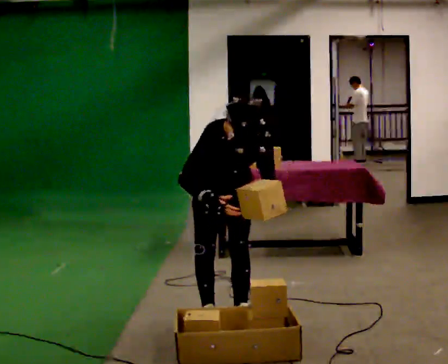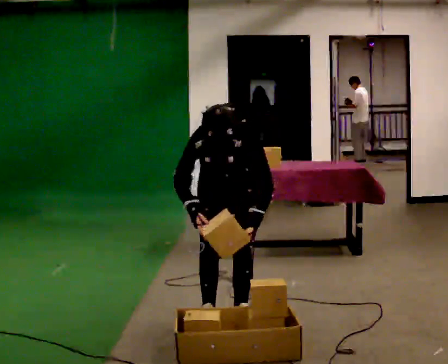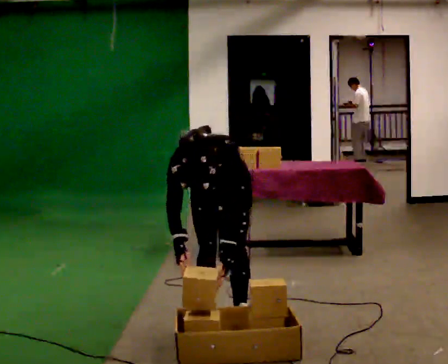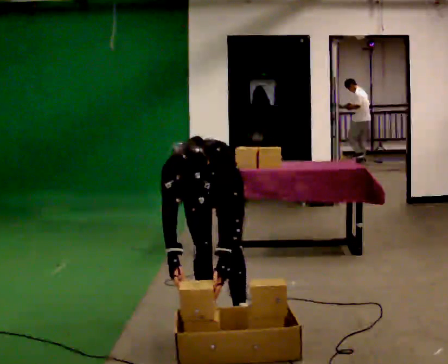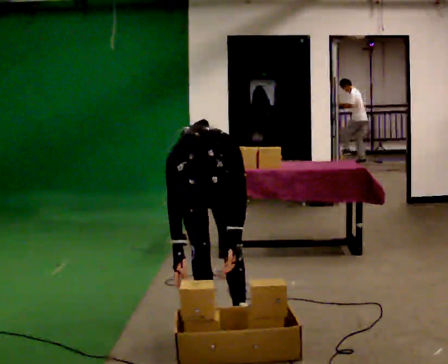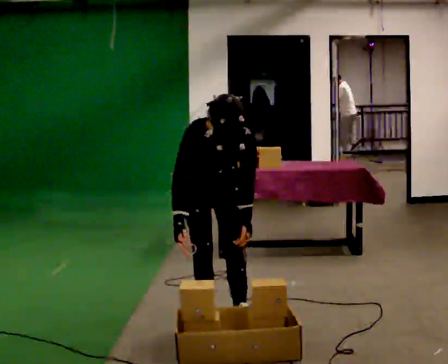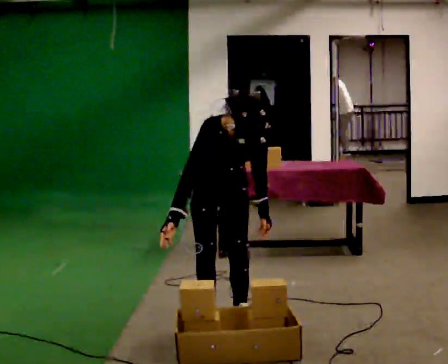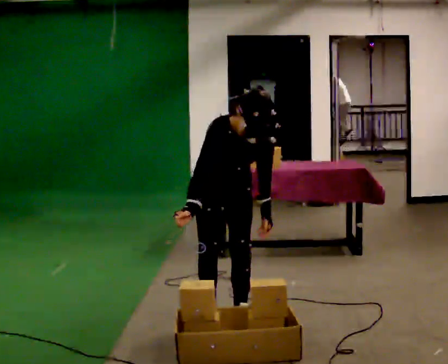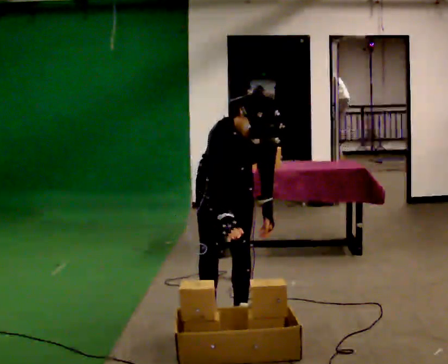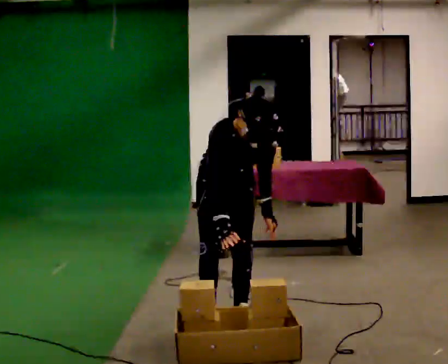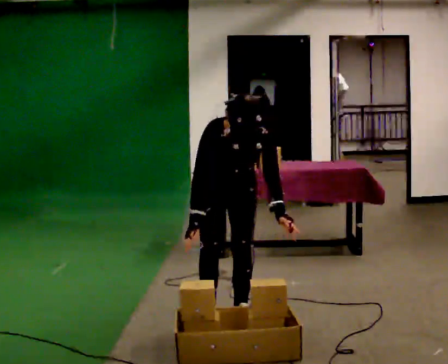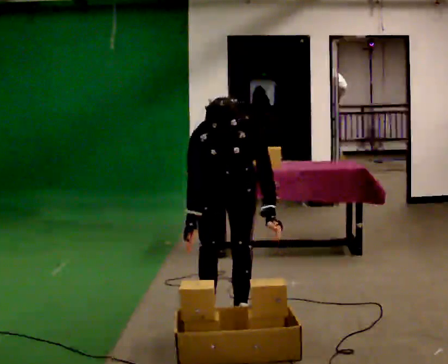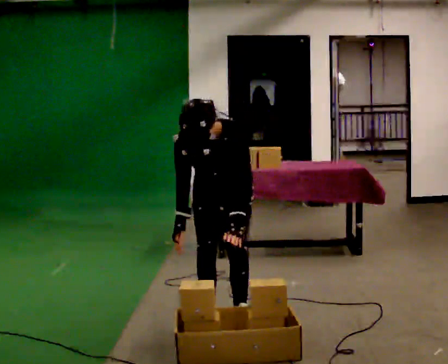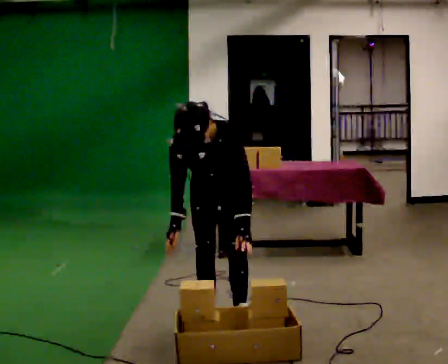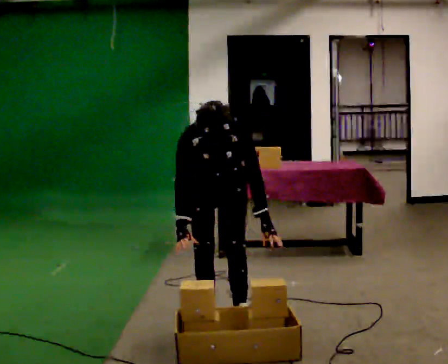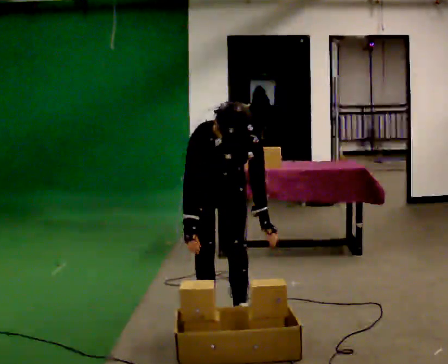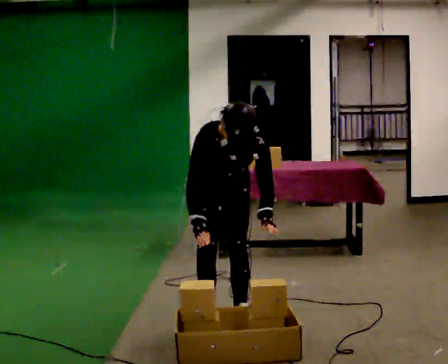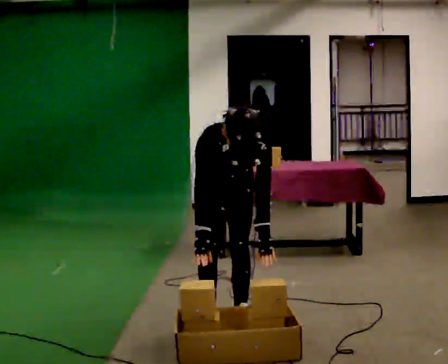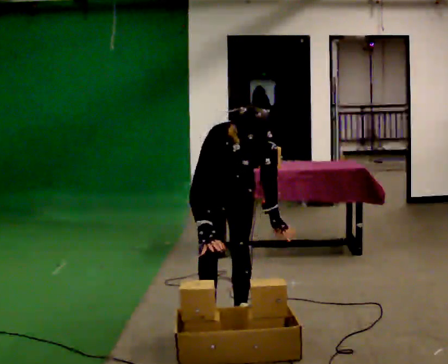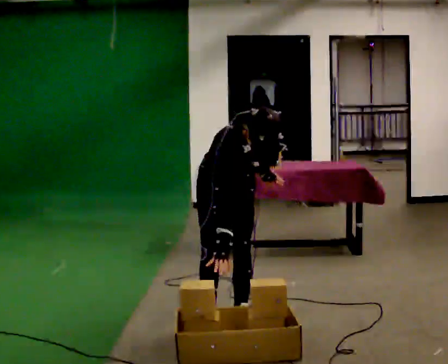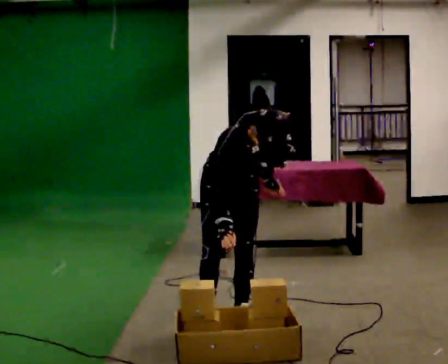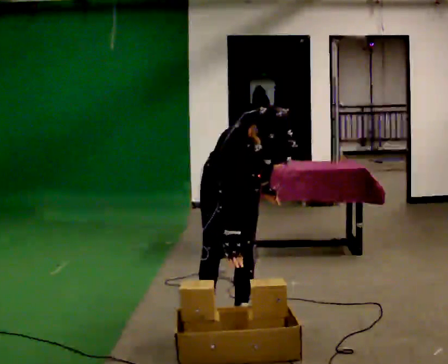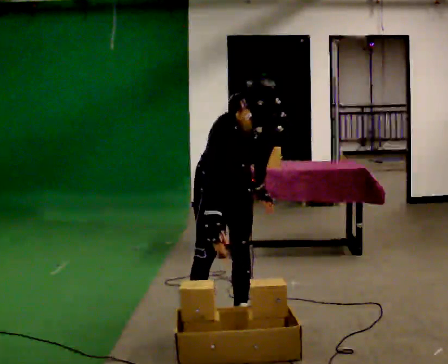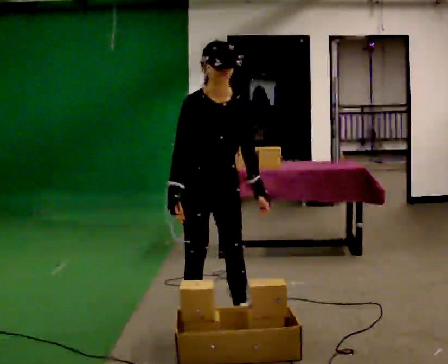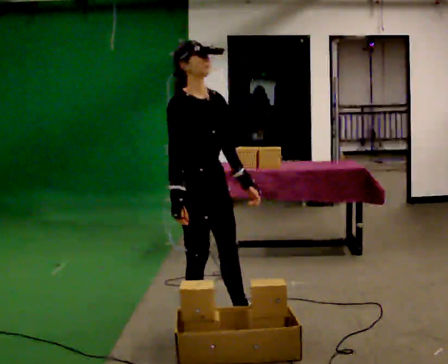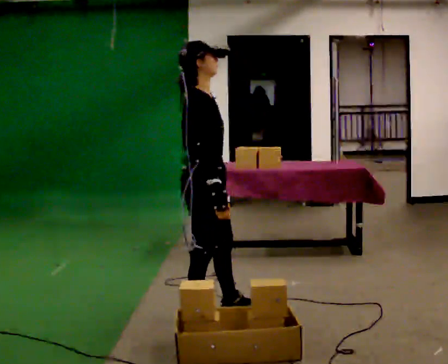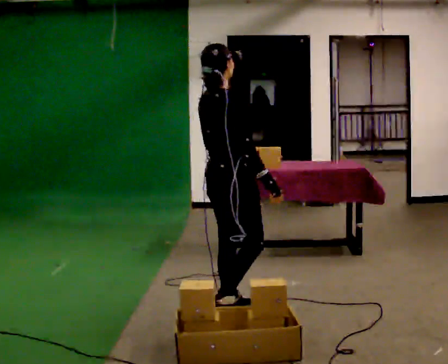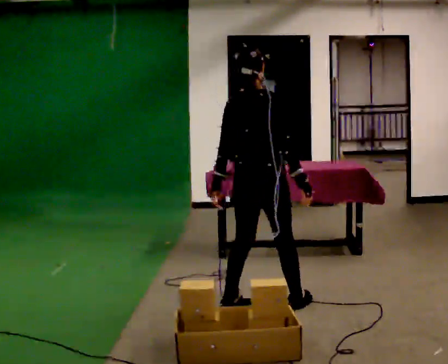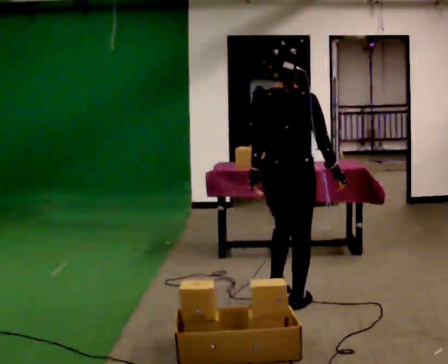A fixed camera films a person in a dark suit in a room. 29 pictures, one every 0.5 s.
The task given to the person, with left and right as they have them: Carry the object across the room, open the lid of the container, put the object inside, and close the lid again. Then go back for the next one. Keep going until the operator says stop; one object at a time, and do not rush between trips.
0.0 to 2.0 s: The person moves a little, or ends about where they began.
2.0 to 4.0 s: In the picture the upper body tilts clockwise, shoulders to the right, as they lean back or straighten.
4.0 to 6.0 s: The person turns about 30 degrees to their right, clockwise seen from above, so the part of the body nearest the lens slides to the left. In the picture the upper body tilts counterclockwise, shoulders to the left.
6.0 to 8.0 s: In the picture the upper body tilts clockwise, shoulders to the right.
8.0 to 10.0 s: In the picture the upper body tilts clockwise, shoulders to the right.
10.0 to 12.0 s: The part of the body nearest the lens slides to the right as the person turns to their left by about 30 degrees. In the picture they go to the left, about 0.25 m, which for them is to their right. The shoulders move upward. The upper body tips away from the camera, its near side rolling upward, as they lean back or straighten.
12.0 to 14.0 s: Seen from above the body turns counterclockwise, about 120 degrees: to their left, with its near side sliding to the right. In the picture they go to the right and away from the camera, about 0.5 m in 2 steps.
The film runs forward here.
